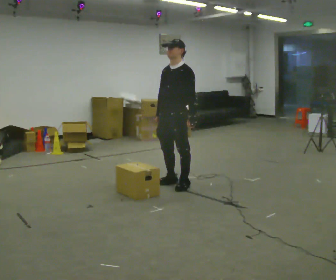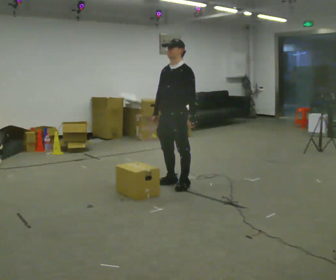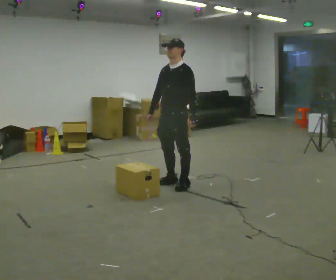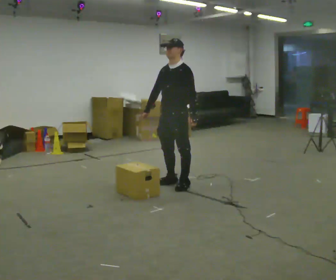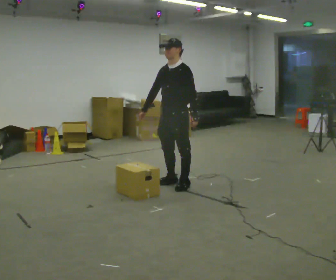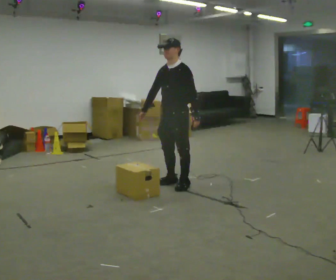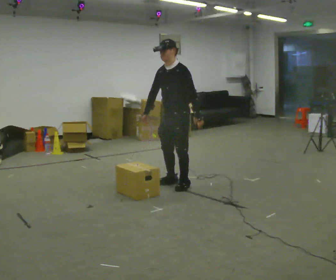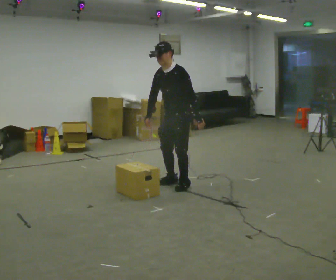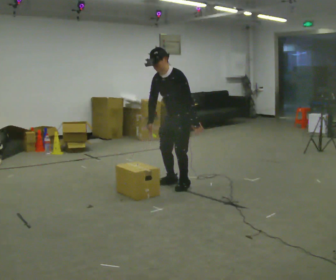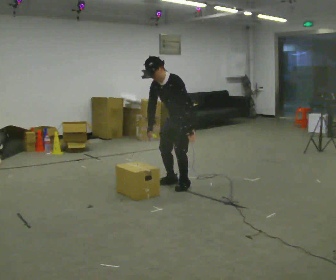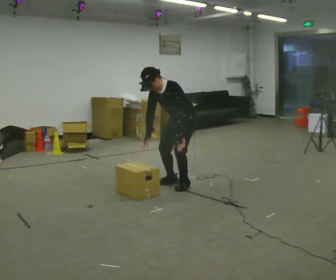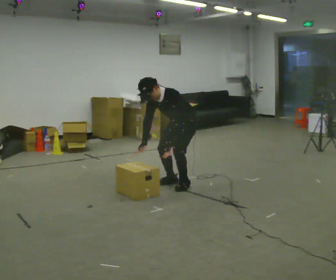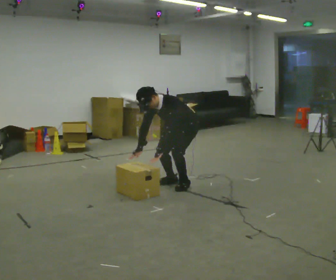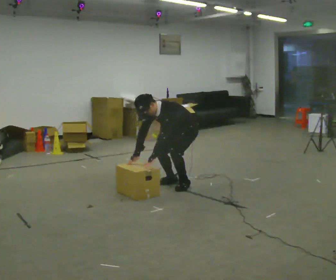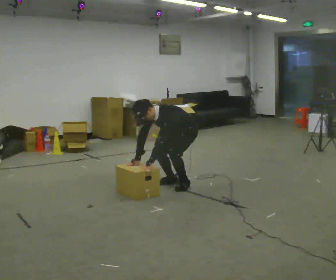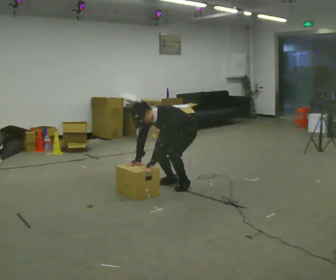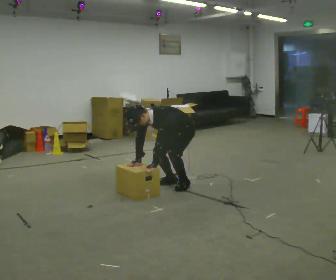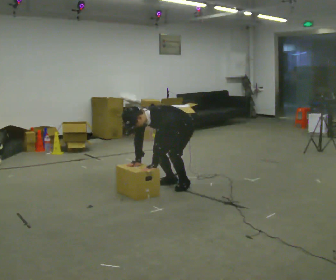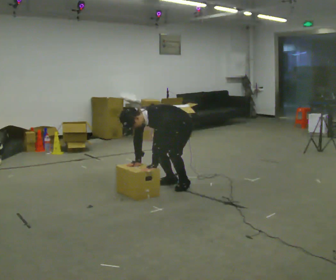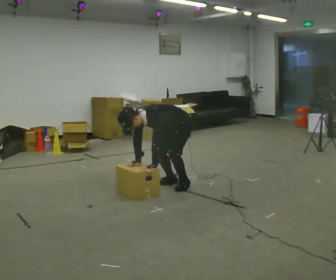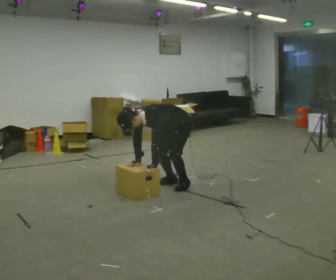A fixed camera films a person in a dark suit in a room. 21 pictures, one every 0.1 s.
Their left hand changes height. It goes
downward.
The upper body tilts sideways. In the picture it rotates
counterclockwise.
0.0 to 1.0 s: The shoulders move downward. In the picture the upper body tilts counterclockwise, shoulders to the left, as they bend forward.
1.0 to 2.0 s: The upper body goes downward. In the picture the upper body tilts counterclockwise, shoulders to the left, as they bend forward. In the picture their left hand goes downward.
The film runs backward here.
